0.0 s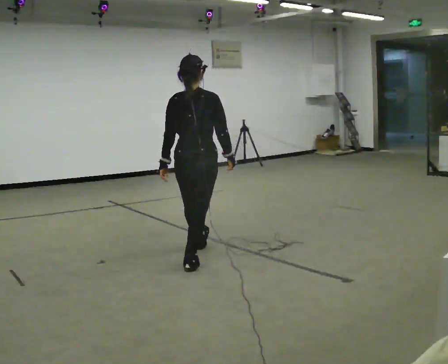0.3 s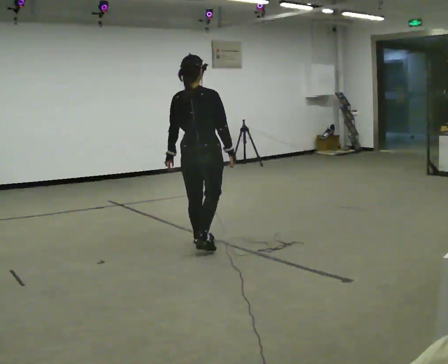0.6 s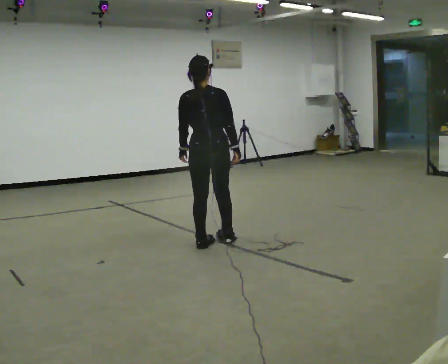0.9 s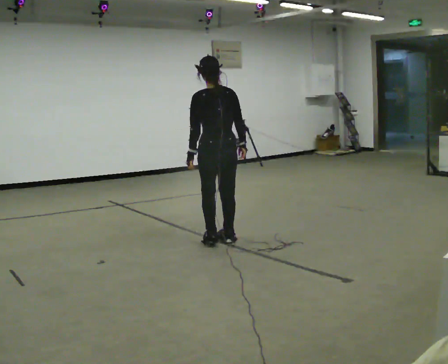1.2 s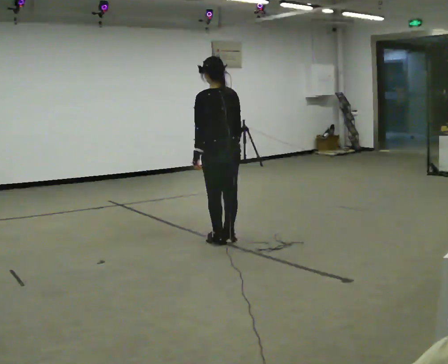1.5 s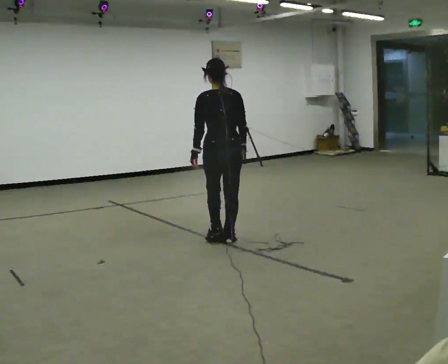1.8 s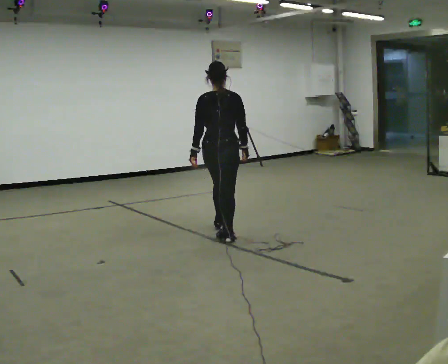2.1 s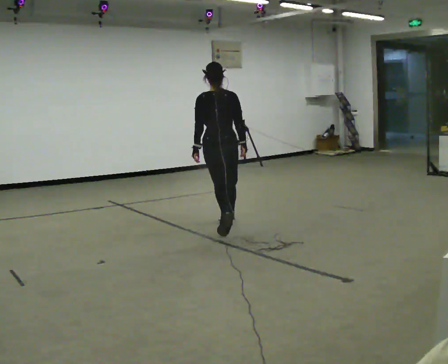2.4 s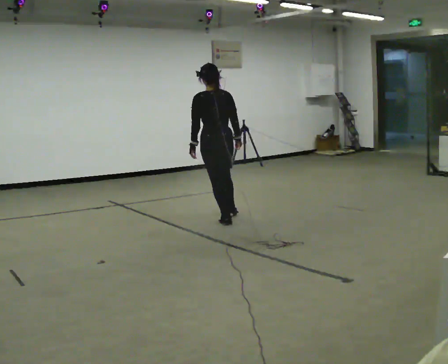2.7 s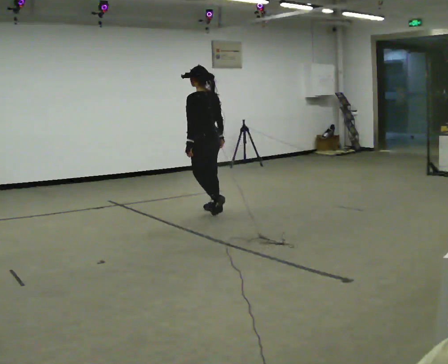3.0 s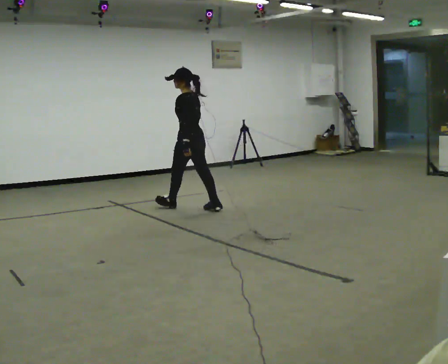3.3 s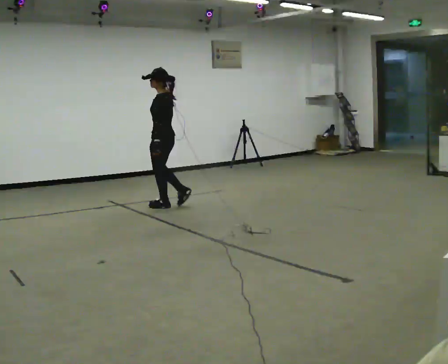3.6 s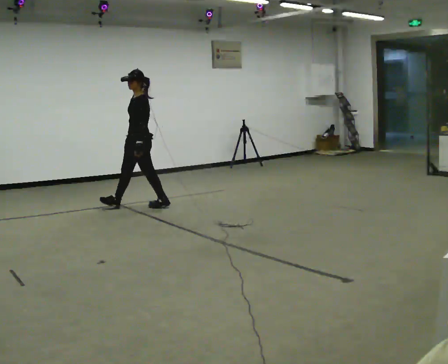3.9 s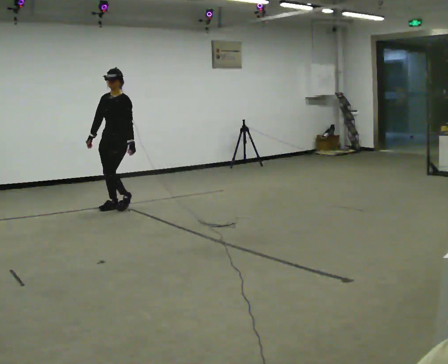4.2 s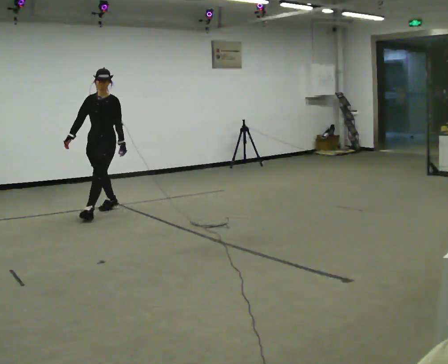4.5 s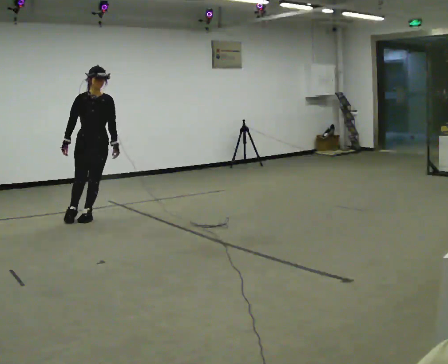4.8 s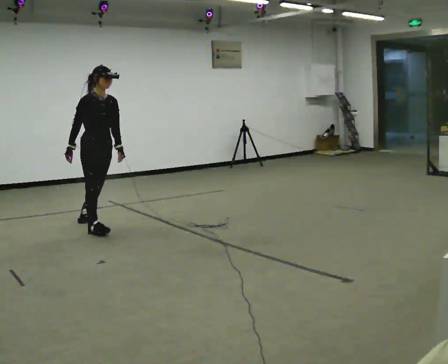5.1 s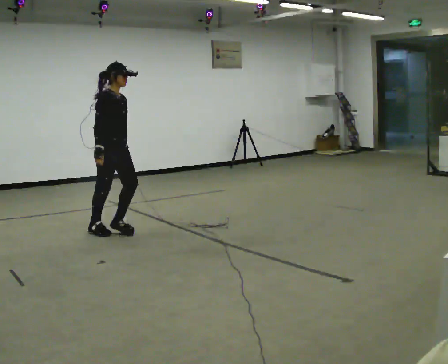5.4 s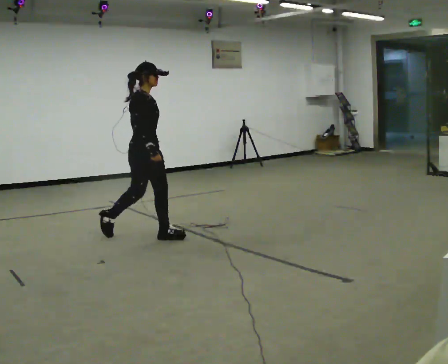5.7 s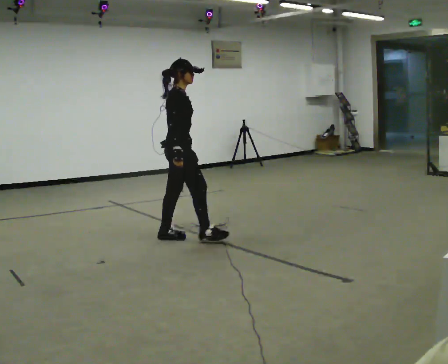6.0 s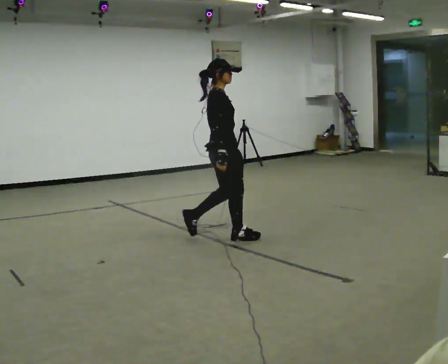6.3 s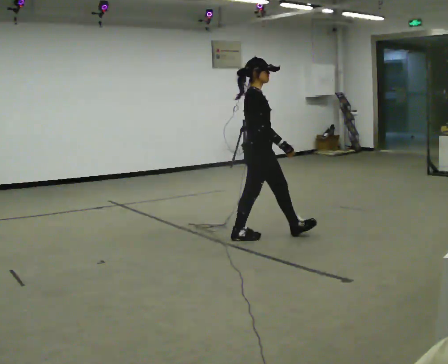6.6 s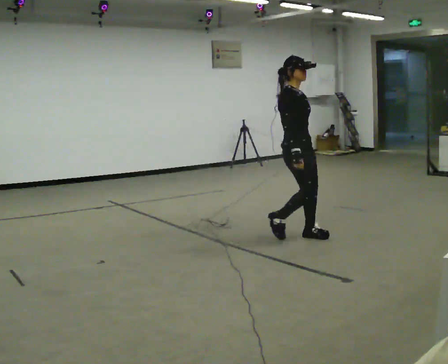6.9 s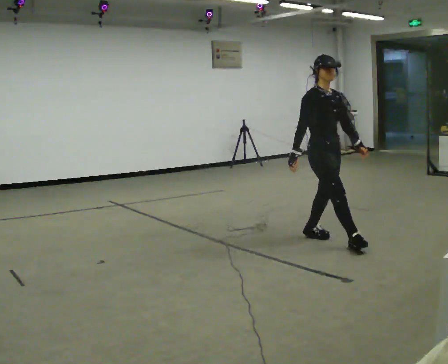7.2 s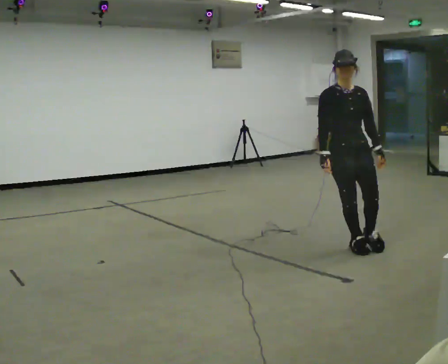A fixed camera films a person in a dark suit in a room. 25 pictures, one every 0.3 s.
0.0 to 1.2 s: Seen from above the body turns counterclockwise, about 45 degrees: to their left, with its near side sliding to the right. In the picture they go away from the camera and to the right, about 0.5 m in 3 steps, which for them is forward and to their right.
1.2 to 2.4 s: In the picture they go away from the camera, about 1 m in 1 step, which for them is forward.
2.4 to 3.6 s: The person turns about 105 degrees to their left, counterclockwise seen from above, so the part of the body nearest the lens slides to the right. In the picture they go to the left and away from the camera, about 1 m in 2 steps.
3.6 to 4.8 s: The part of the body nearest the lens slides to the right as the person turns to their left by about 105 degrees. In the picture they go toward the camera and to the left, about 1 m in 3 steps.
4.8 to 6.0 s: The person turns about 60 degrees to their left, counterclockwise seen from above, so the part of the body nearest the lens slides to the right. In the picture they go to the right and toward the camera, about 1.5 m in 2 steps, which for them is forward.
6.0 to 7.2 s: The person turns about 90 degrees to their right, clockwise seen from above, so the part of the body nearest the lens slides to the left. In the picture they go to the right and toward the camera, about 1 m in 2 steps.
The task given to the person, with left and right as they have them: Walk one full figure-eight continuously at comfortable speed; stop.
The film runs forward here.
